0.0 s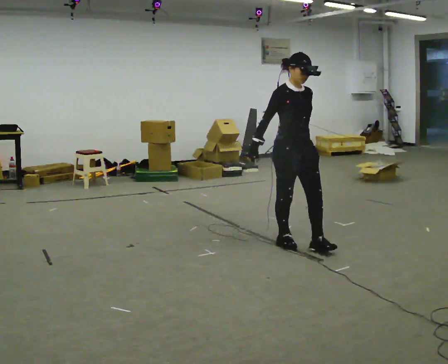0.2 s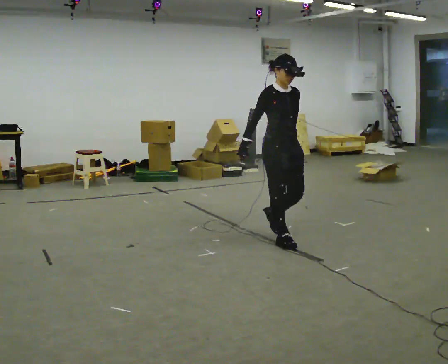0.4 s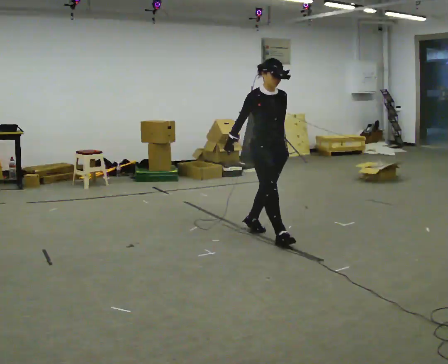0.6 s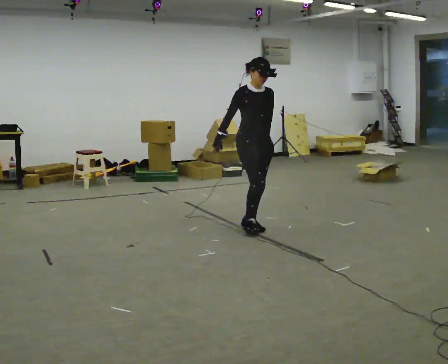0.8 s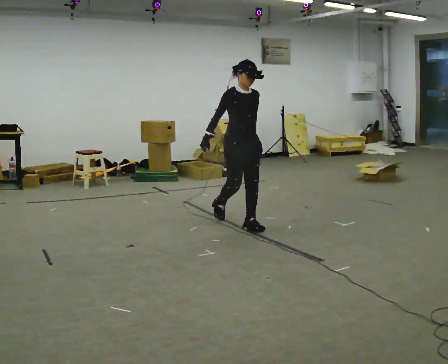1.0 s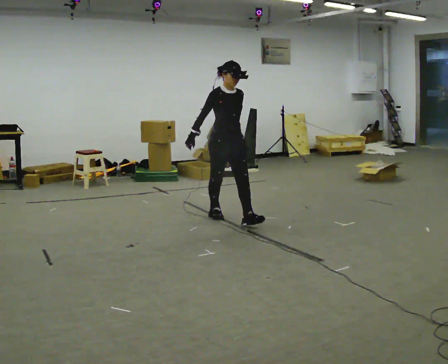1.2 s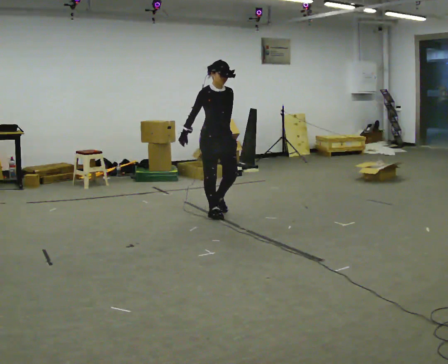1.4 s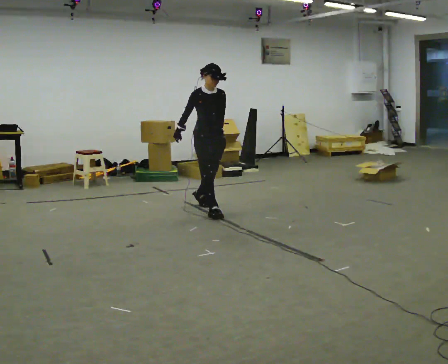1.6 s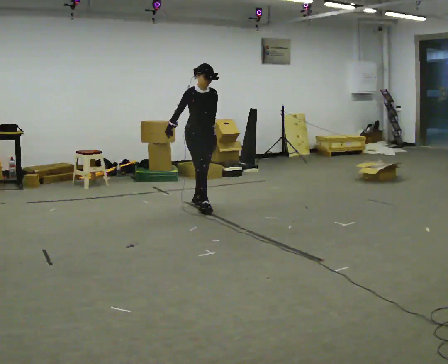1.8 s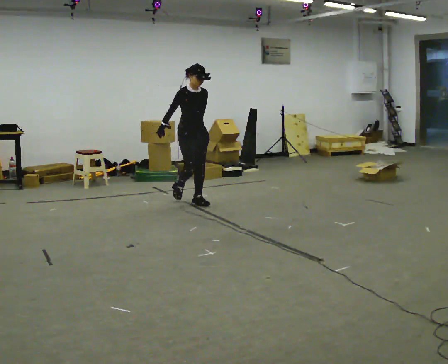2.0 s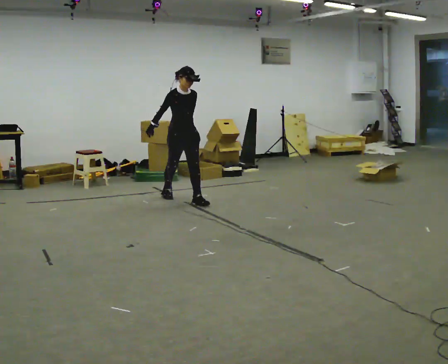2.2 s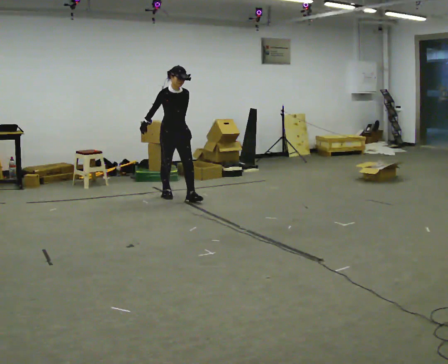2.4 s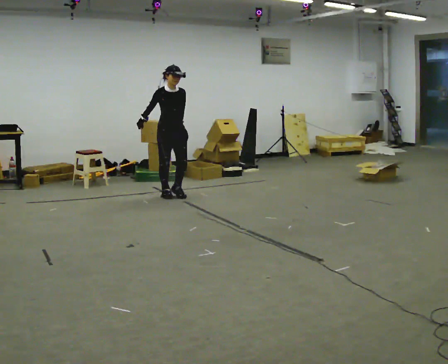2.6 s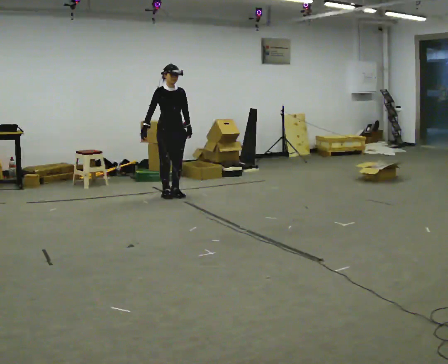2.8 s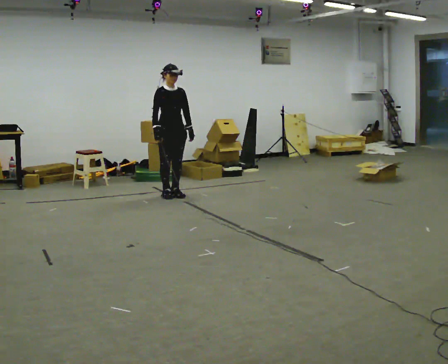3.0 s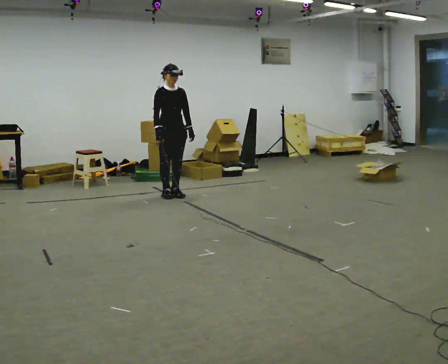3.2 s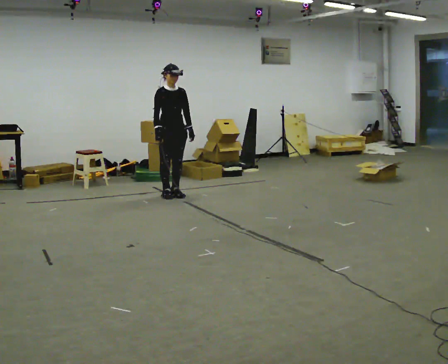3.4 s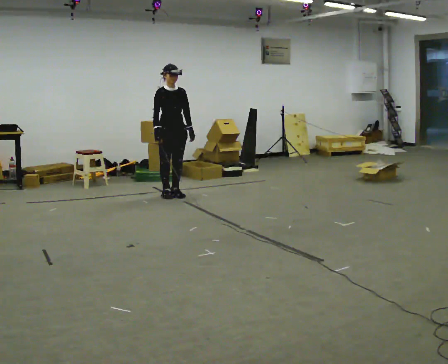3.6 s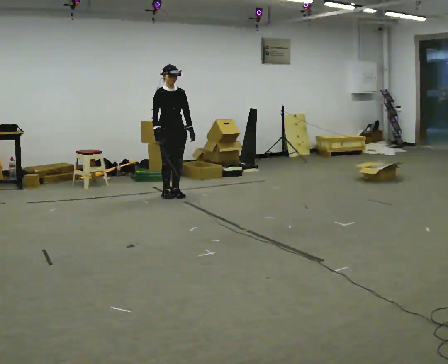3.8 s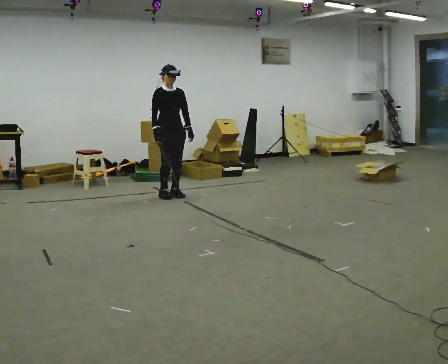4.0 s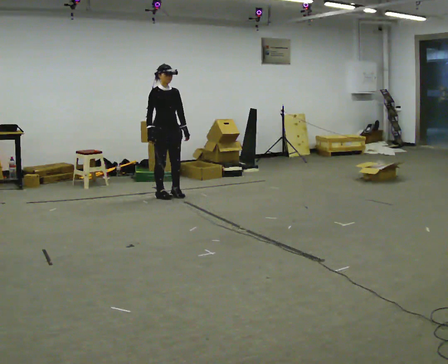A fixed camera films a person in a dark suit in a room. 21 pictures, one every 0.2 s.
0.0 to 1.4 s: In the picture they go away from the camera and to the left, about 1.5 m in 2 steps, which for them is backward.
1.4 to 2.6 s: In the picture they go away from the camera and to the left, about 1 m in 2 steps, which for them is backward.
2.6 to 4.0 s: The person moves a little, or ends about where they began.
The film runs backward here.
